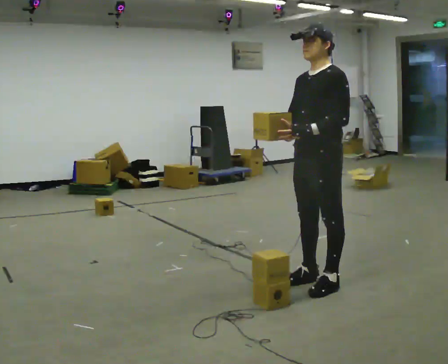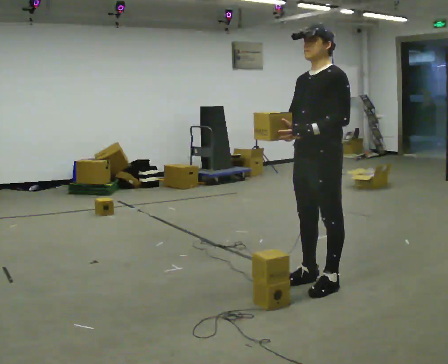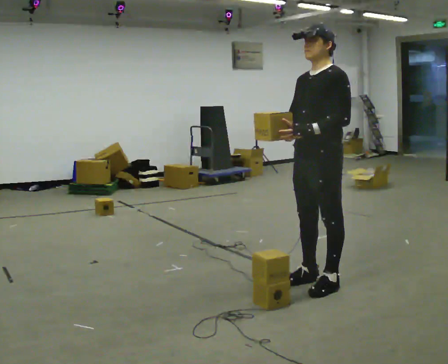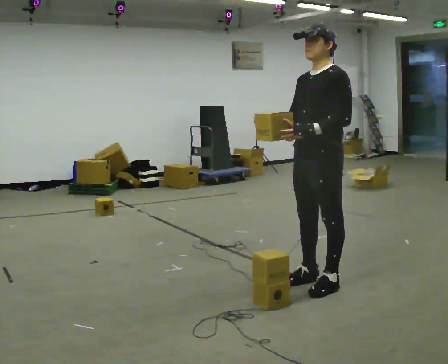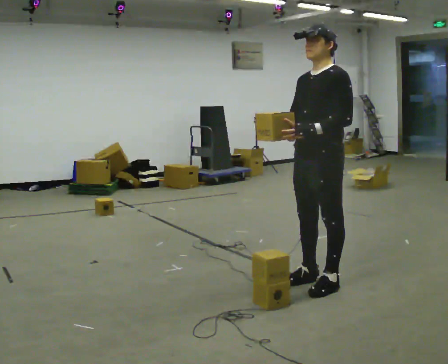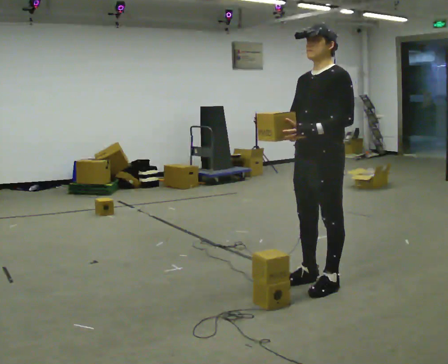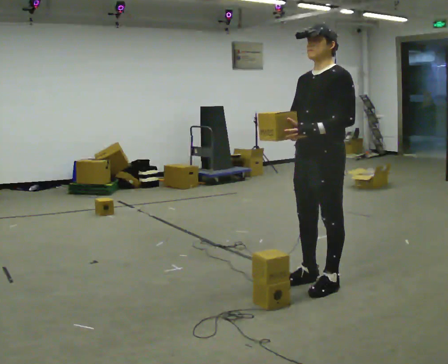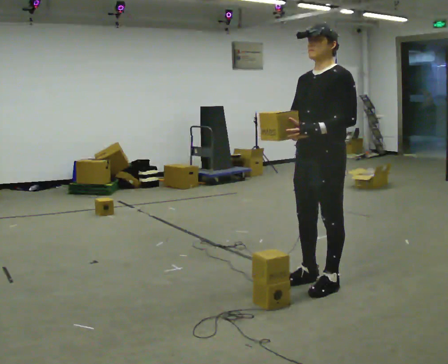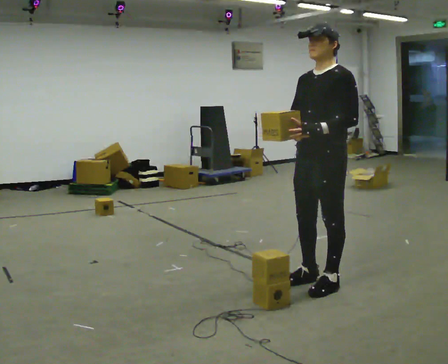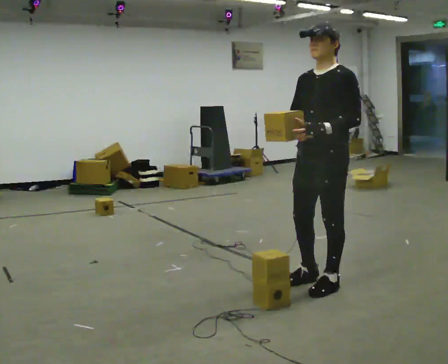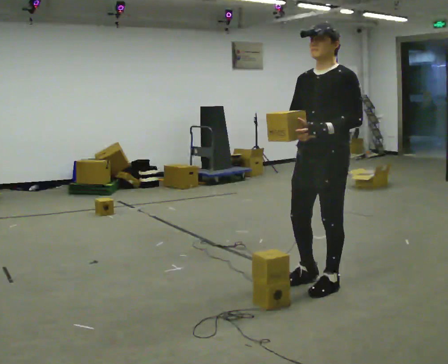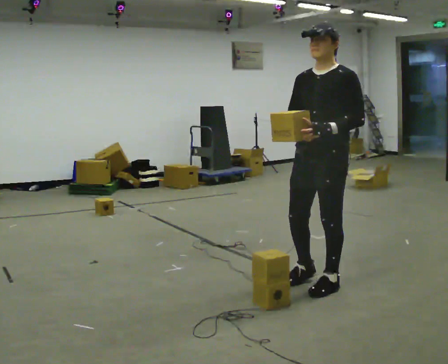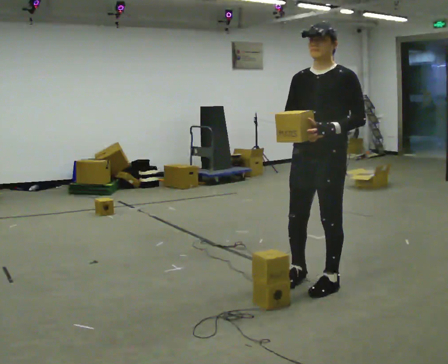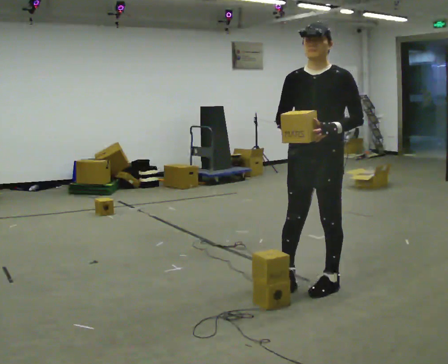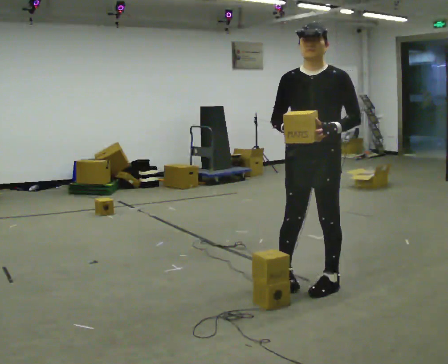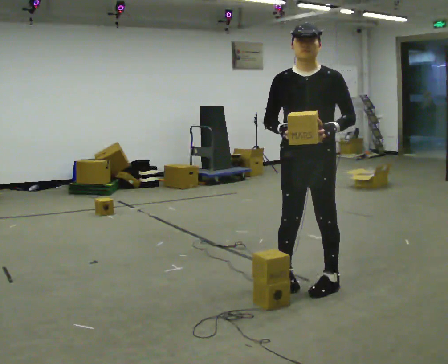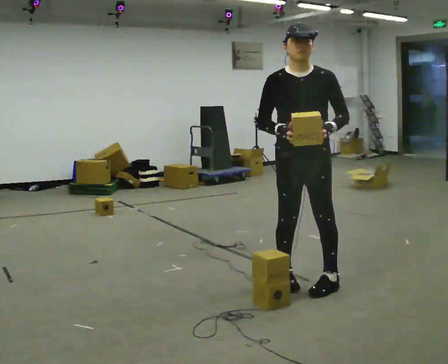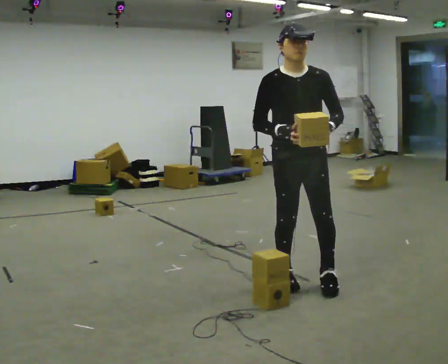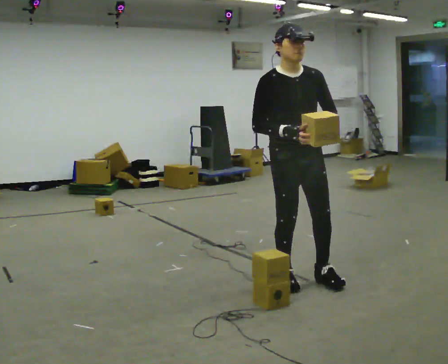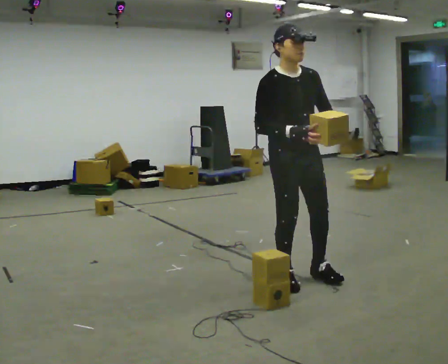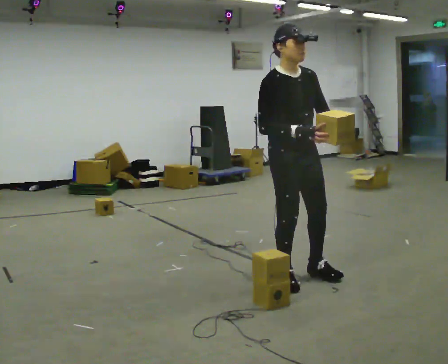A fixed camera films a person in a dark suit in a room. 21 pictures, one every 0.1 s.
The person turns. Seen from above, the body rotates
counterclockwise.
The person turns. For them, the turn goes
to their left.
0.0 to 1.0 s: The person moves a little, or ends about where they began.
1.0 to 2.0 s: The part of the body nearest the lens slides to the right as the person turns to their left by about 75 degrees. In the picture they go to the left, about 0.25 m in 1 step.
The film runs forward here.
